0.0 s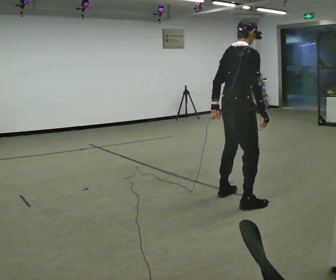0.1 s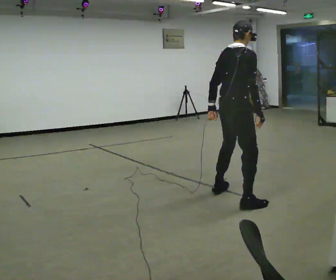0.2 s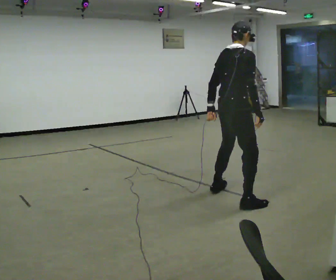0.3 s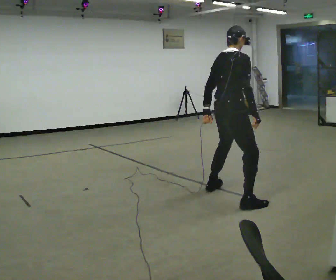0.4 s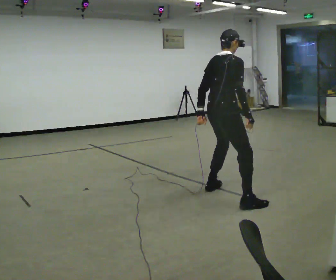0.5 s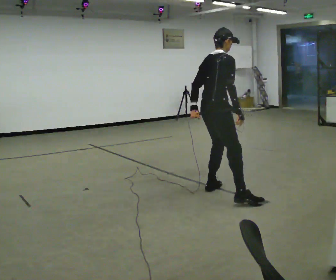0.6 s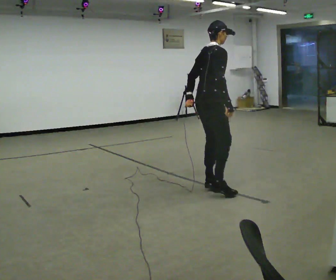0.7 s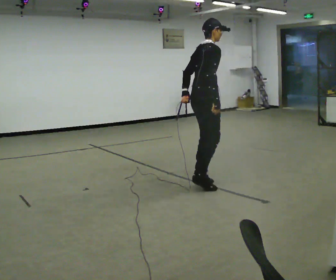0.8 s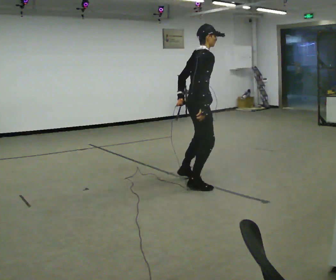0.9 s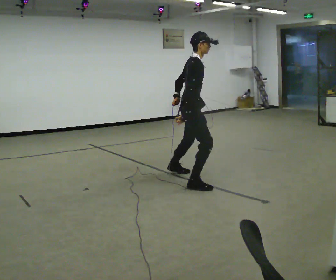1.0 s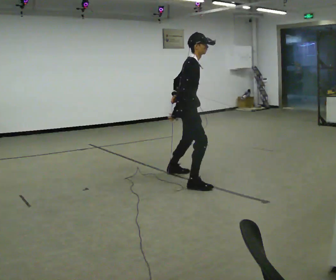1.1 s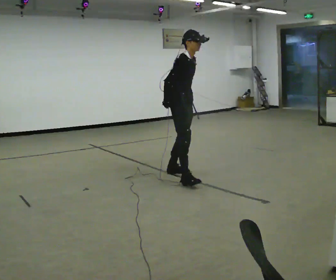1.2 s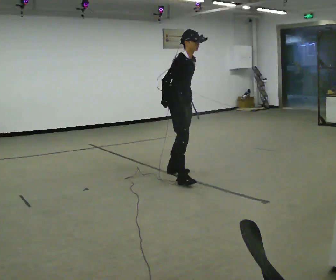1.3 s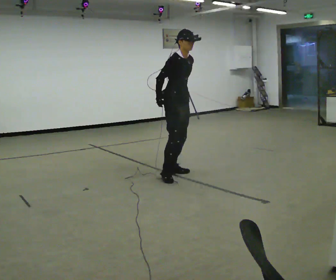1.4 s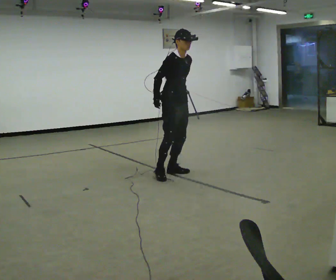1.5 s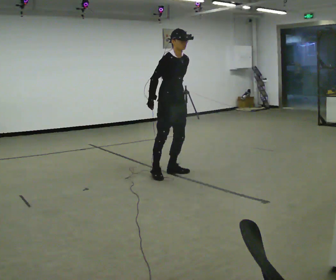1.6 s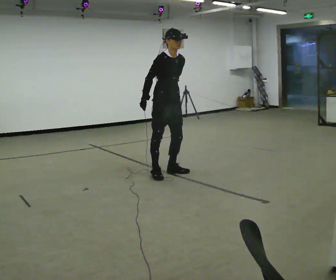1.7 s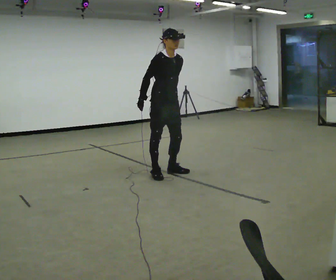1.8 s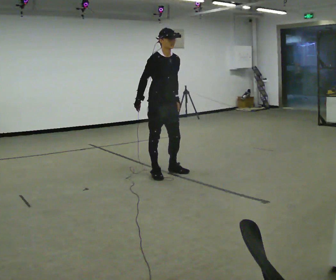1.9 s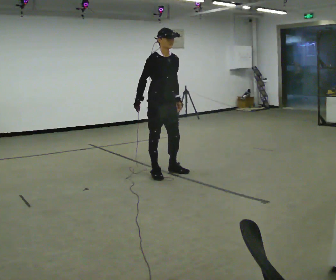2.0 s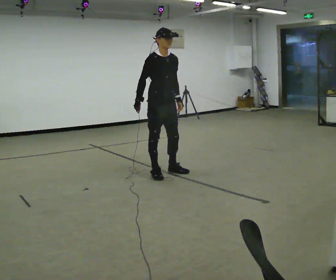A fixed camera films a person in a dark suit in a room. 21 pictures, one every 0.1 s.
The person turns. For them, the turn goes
to their right.
The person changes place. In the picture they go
away from the camera.
0.0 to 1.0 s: The part of the body nearest the lens slides to the left as the person turns to their right by about 45 degrees. In the picture they go away from the camera and to the left, about 1 m in 3 steps, which for them is to their left.
1.0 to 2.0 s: The person turns about 45 degrees to their right, clockwise seen from above, so the part of the body nearest the lens slides to the left. In the picture they go to the left and away from the camera, about 0.25 m in 1 step, which for them is backward.
The film runs forward here.
